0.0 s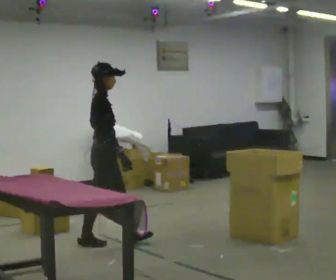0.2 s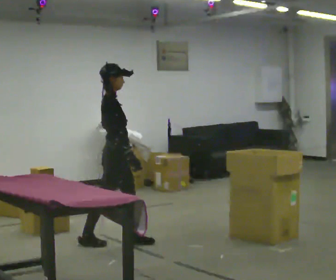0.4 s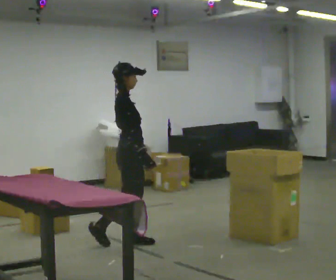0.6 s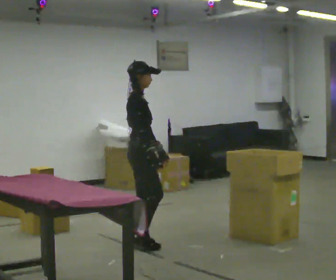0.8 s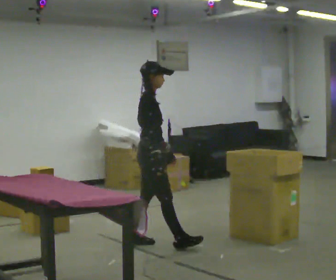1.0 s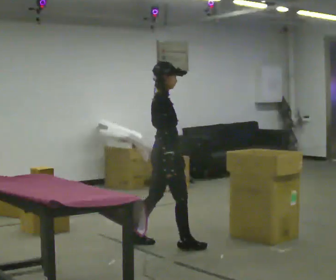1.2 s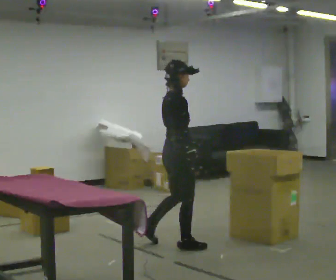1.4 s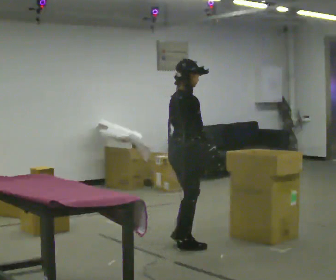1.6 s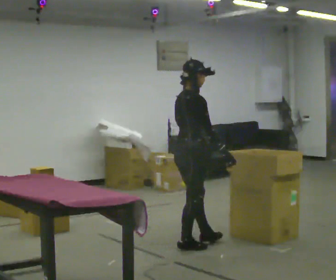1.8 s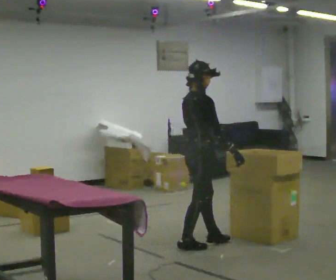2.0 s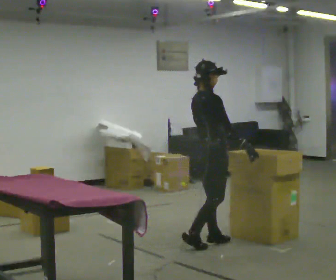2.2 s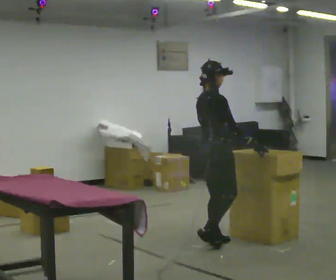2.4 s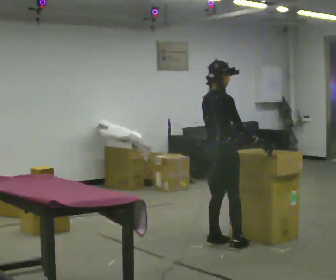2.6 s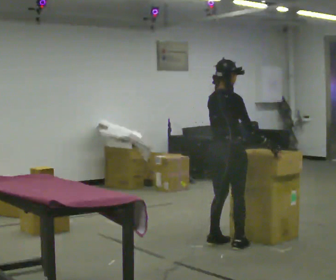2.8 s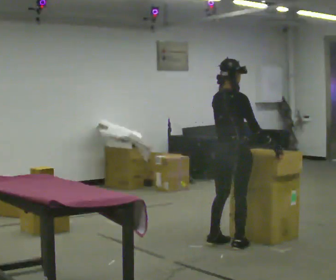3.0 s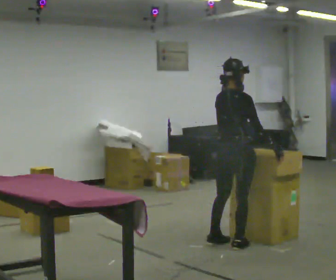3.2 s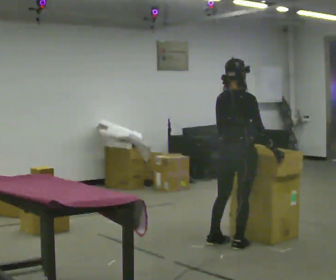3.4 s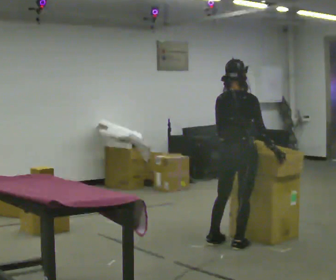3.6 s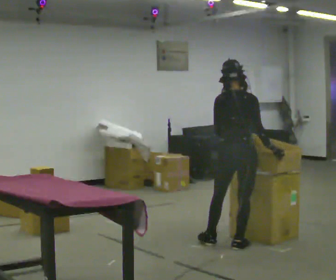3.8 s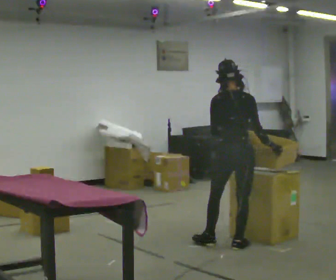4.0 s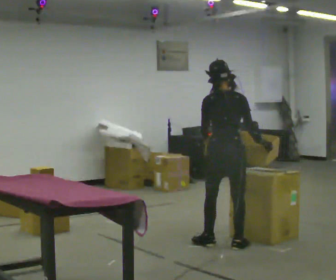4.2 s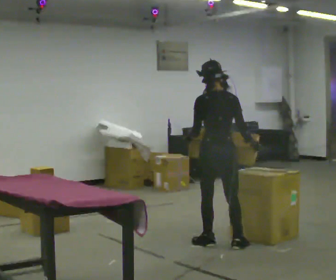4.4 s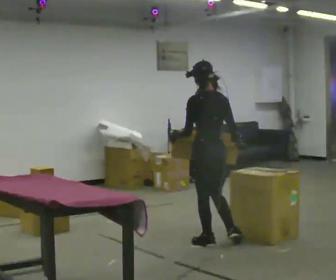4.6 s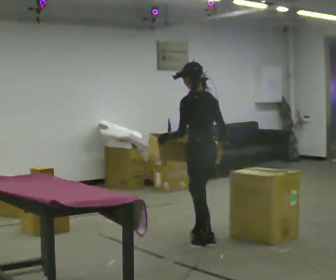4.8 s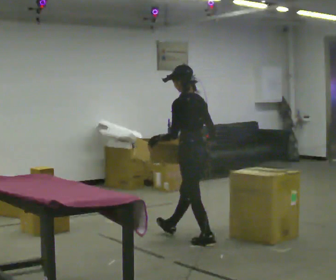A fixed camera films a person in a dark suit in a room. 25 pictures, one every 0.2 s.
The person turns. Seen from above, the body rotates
counterclockwise.
The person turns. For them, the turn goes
to their left.
0.0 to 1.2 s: In the picture they go to the right, about 0.5 m in 1 step, which for them is forward.
1.2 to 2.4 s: In the picture they go to the right, about 0.25 m in 1 step, which for them is forward.
2.4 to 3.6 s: The part of the body nearest the lens slides to the right as the person turns to their left by about 45 degrees.
3.6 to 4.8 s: The person turns about 60 degrees to their left, counterclockwise seen from above, so the part of the body nearest the lens slides to the right. In the picture they go to the left and away from the camera, about 0.5 m.
The film runs forward here.
